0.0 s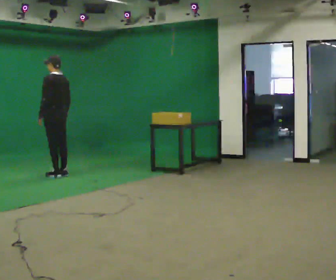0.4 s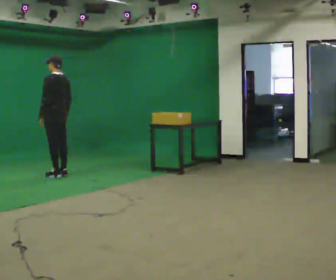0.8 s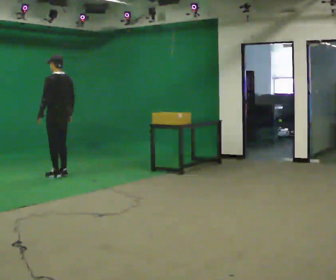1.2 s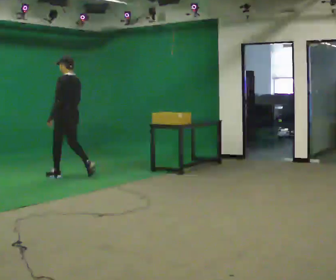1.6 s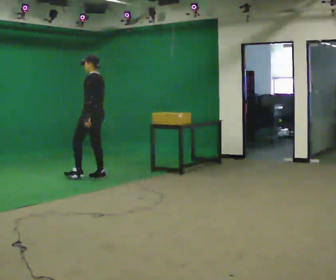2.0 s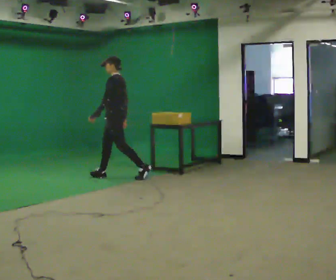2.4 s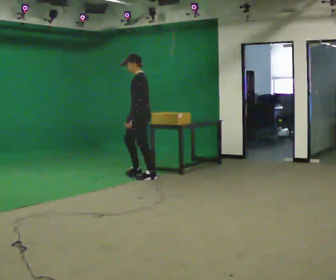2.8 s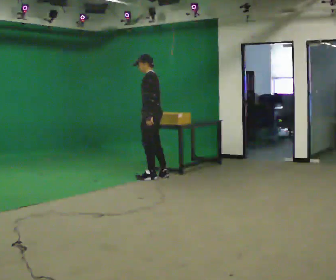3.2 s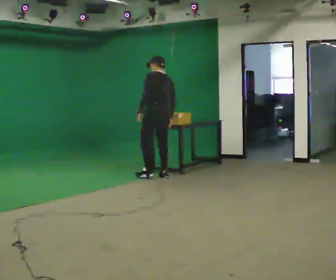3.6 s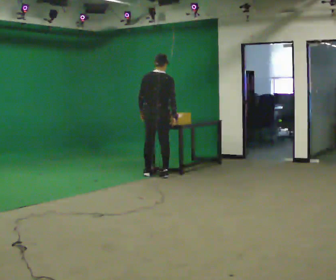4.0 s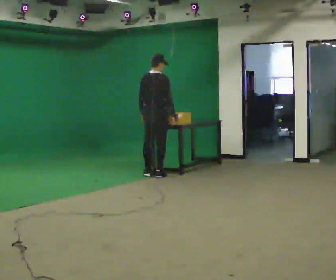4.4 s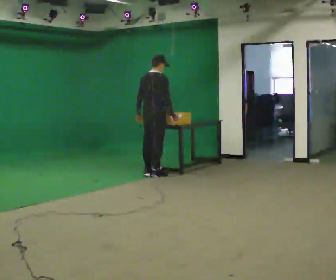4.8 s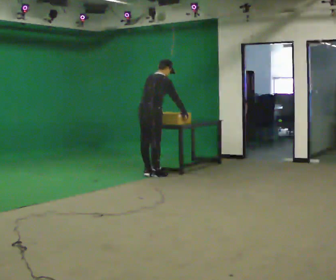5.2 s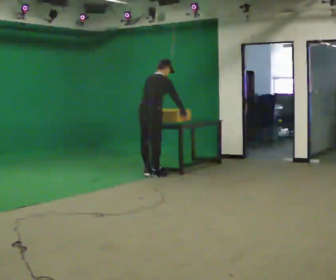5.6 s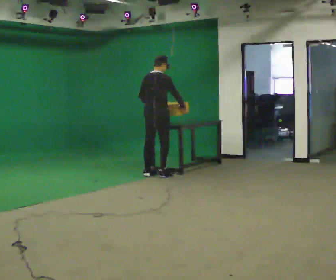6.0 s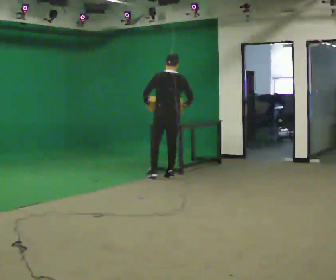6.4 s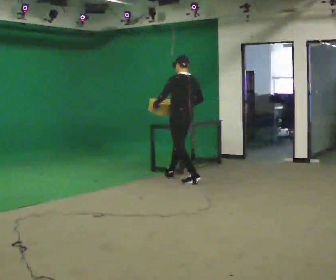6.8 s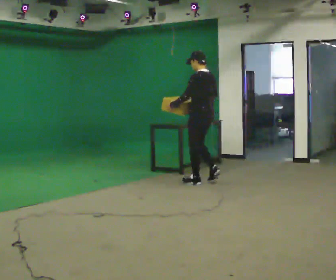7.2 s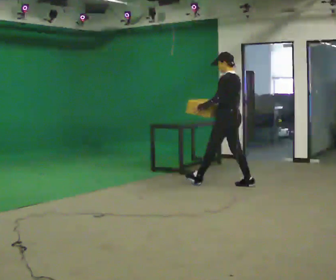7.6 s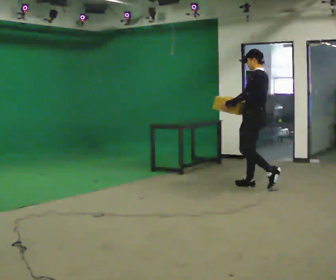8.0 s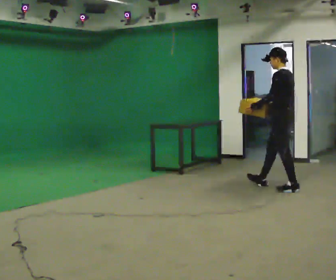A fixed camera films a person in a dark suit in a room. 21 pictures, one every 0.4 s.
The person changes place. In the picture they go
to the right.
0.0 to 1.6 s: In the picture they go to the right, about 0.5 m in 2 steps, which for them is backward and to their right.
1.6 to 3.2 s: The person turns about 30 degrees to their right, clockwise seen from above, so the part of the body nearest the lens slides to the left. In the picture they go to the right, about 1 m in 2 steps, which for them is backward.
3.2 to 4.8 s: Seen from above the body turns clockwise, about 90 degrees: to their right, with its near side sliding to the left.
4.8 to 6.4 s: The part of the body nearest the lens slides to the right as the person turns to their left by about 90 degrees. In the picture they go to the right and toward the camera, about 0.5 m in 2 steps. The upper body tips toward the camera, its near side rolling downward, as they lean back or straighten.
6.4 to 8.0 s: In the picture they go to the right and toward the camera, about 1.5 m in 3 steps, which for them is backward.
The film runs backward here.
